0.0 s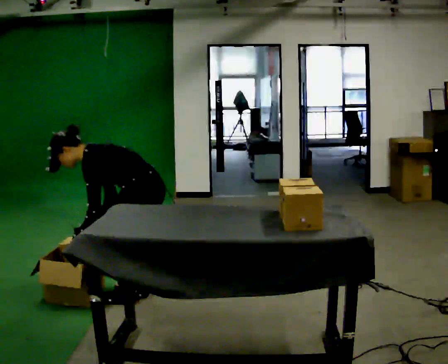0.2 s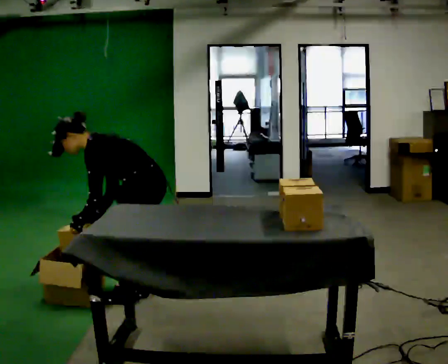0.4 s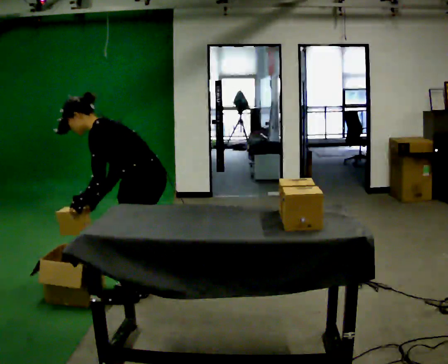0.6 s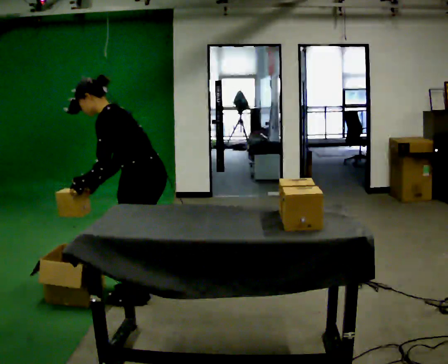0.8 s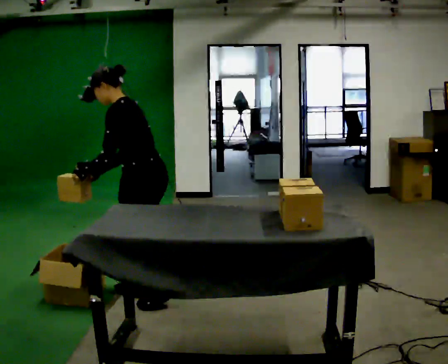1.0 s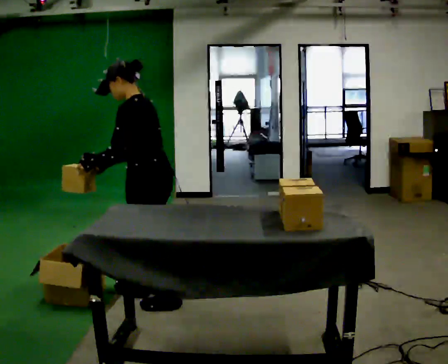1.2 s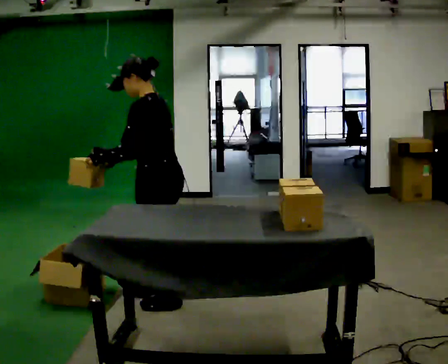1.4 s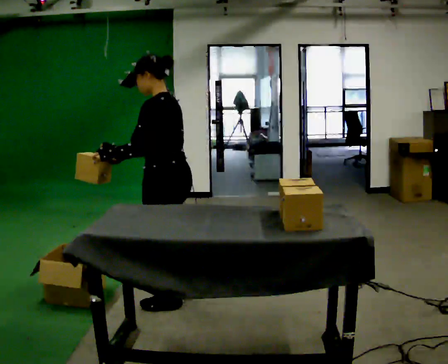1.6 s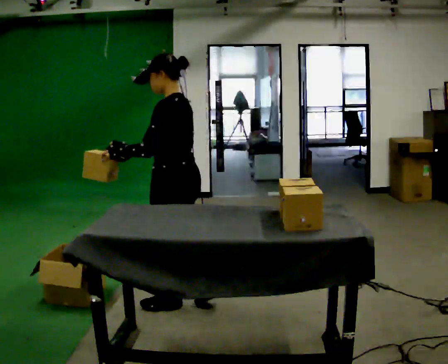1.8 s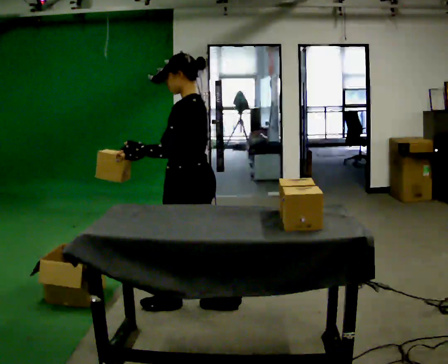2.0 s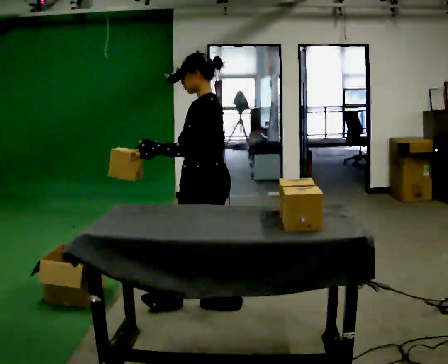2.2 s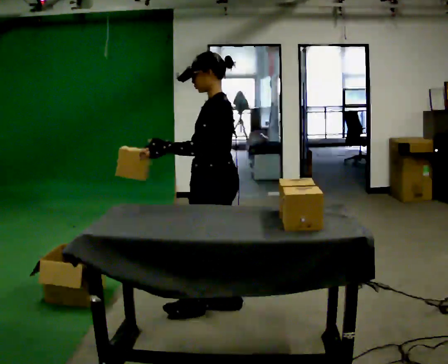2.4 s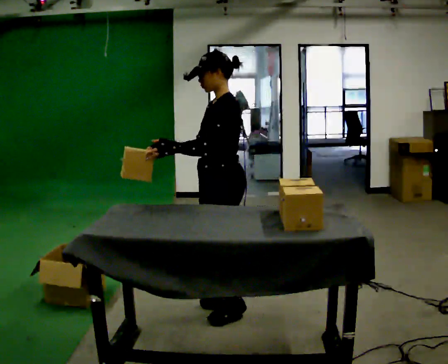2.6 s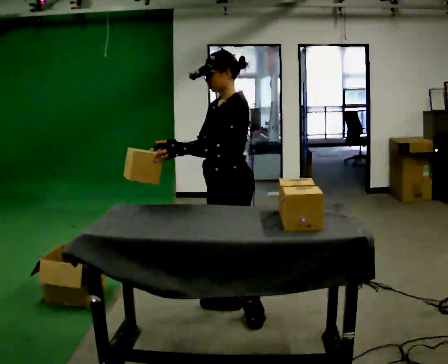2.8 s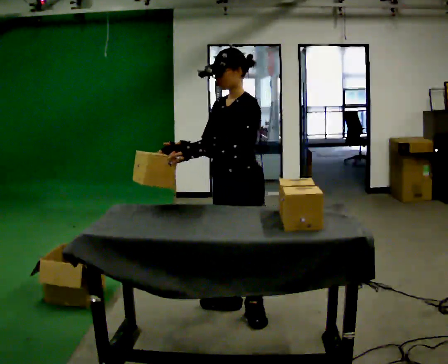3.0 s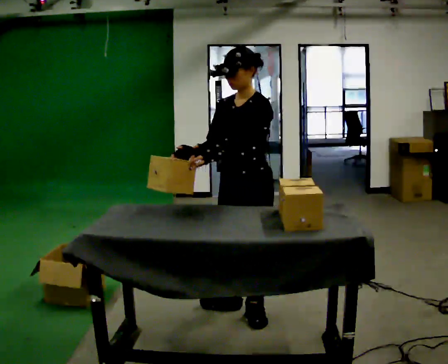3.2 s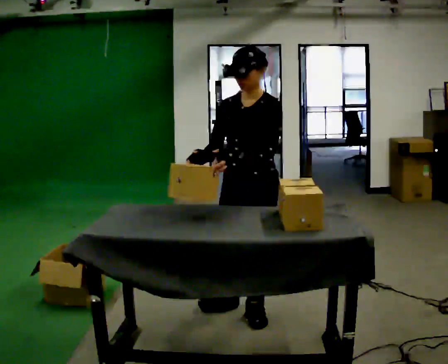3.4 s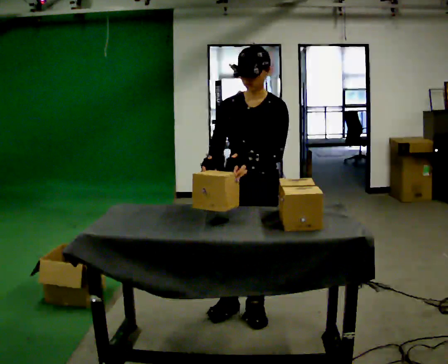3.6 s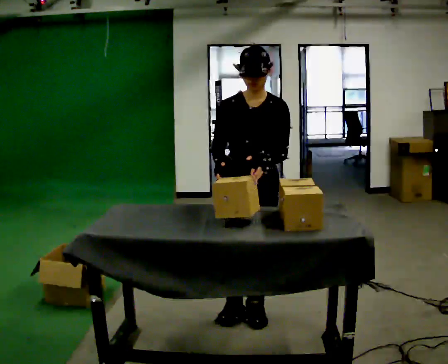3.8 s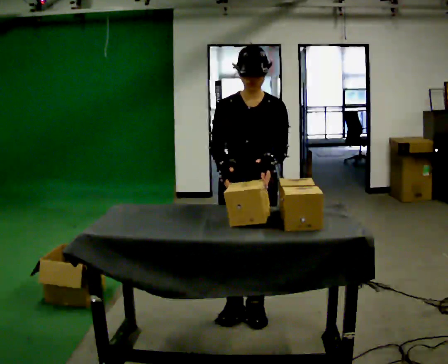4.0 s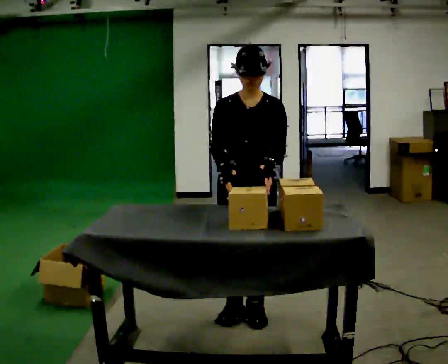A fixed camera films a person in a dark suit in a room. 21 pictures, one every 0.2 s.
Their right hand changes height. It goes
upward.
Their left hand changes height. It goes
upward.
0.0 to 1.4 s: In the picture they go to the right, about 0.25 m in 2 steps, which for them is backward. The upper body goes upward. In the picture the upper body tilts clockwise, shoulders to the right, as they lean back or straighten. In the picture their left hand goes upward.
1.4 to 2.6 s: The part of the body nearest the lens slides to the right as the person turns to their left by about 30 degrees. In the picture they go to the right, about 0.25 m in 1 step, which for them is backward.
2.6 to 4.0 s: The part of the body nearest the lens slides to the right as the person turns to their left by about 60 degrees.
The film runs backward here.
